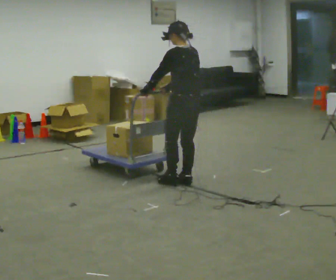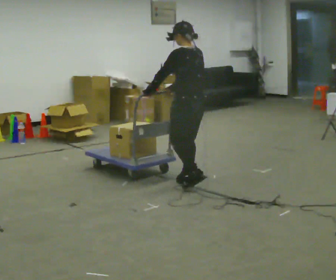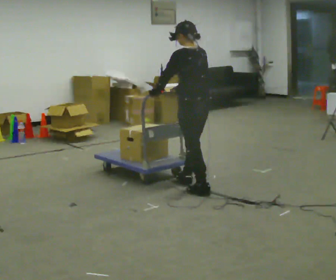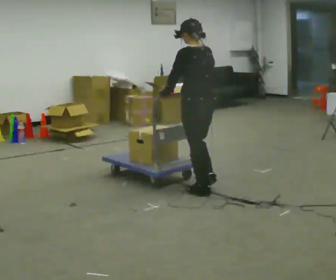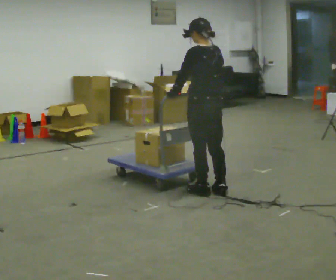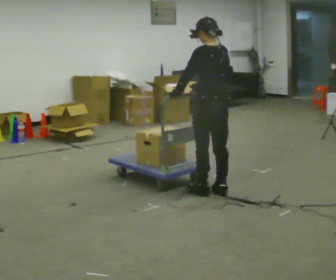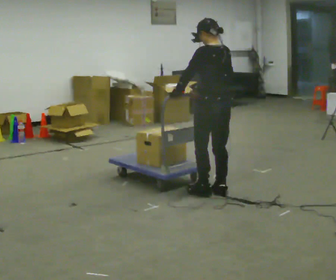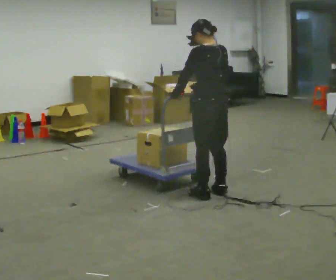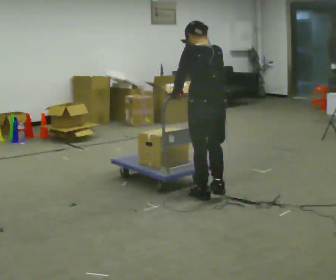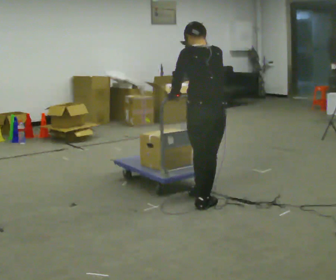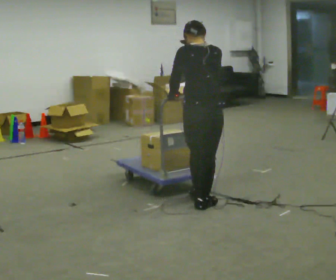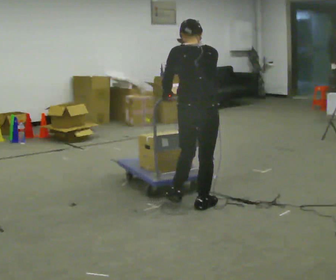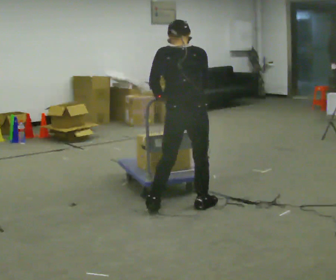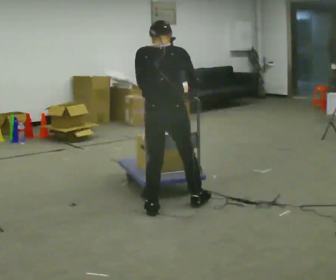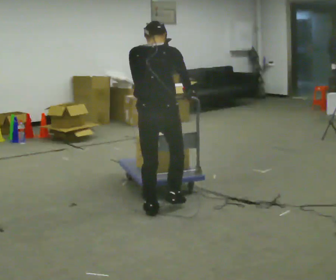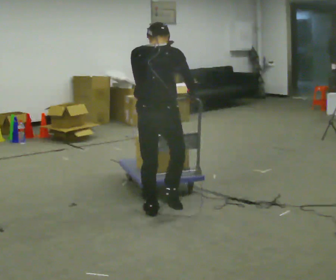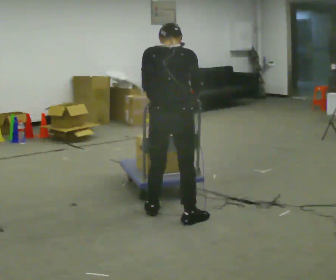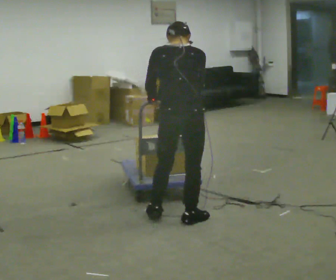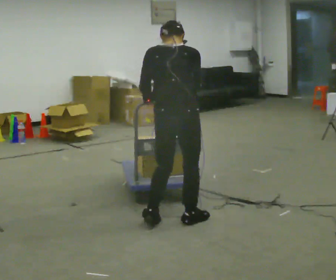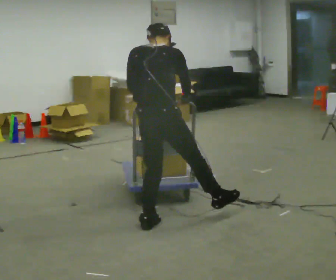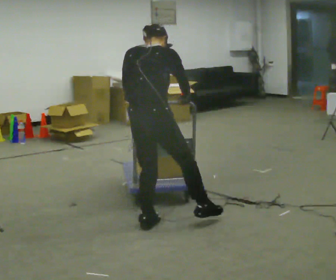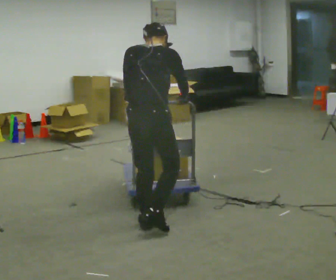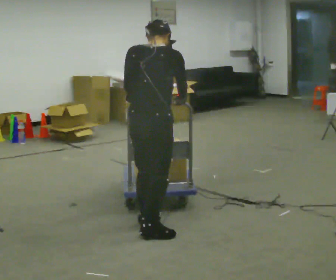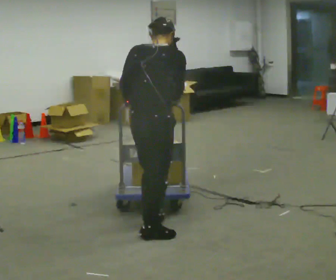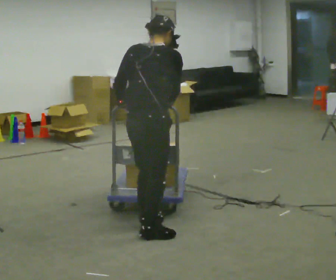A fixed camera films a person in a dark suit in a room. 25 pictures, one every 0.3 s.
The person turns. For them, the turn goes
to their right.
The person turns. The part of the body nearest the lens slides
to the left.
0.0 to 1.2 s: In the picture they go toward the camera and to the right, about 0.25 m in 1 step, which for them is backward.
1.2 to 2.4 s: In the picture they go toward the camera, about 0.25 m in 1 step, which for them is backward and to their left.
2.4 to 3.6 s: Seen from above the body turns clockwise, about 30 degrees: to their right, with its near side sliding to the left. In the picture they go toward the camera and to the left, about 0.25 m in 1 step, which for them is to their left and backward.
3.6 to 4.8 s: In the picture they go toward the camera, about 0.25 m in 1 step, which for them is backward.
4.8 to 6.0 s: The person moves a little, or ends about where they began.
6.0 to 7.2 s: In the picture they go toward the camera, about 0.25 m in 1 step, which for them is backward.
The film runs backward here.
